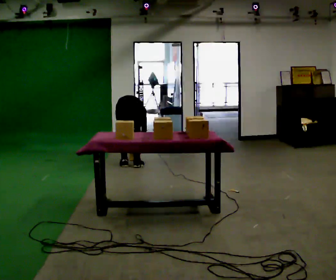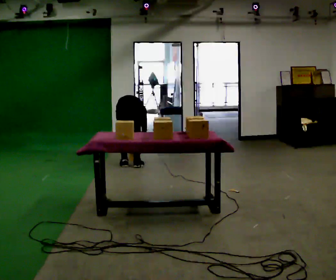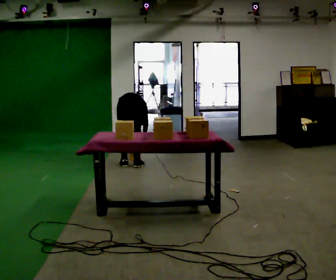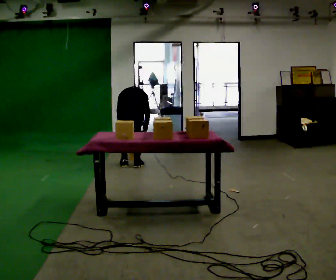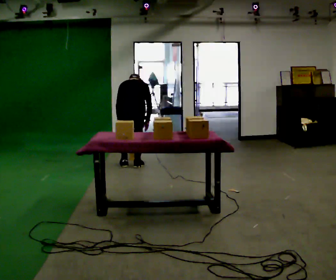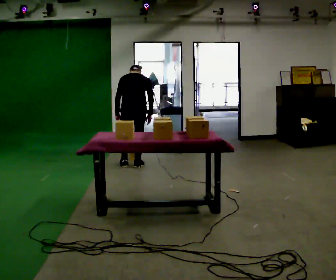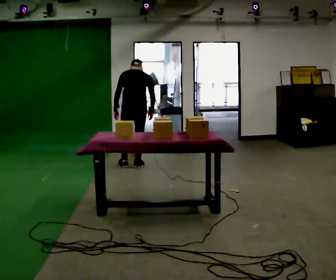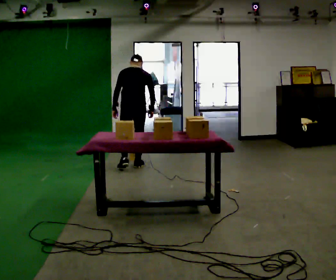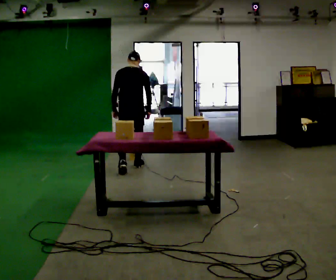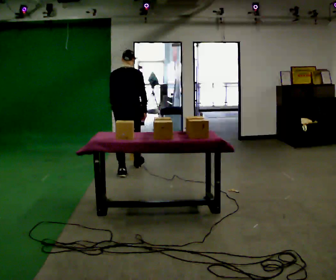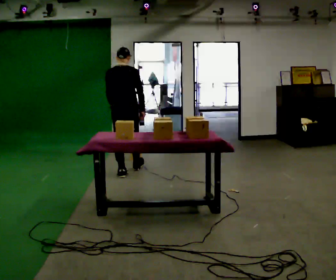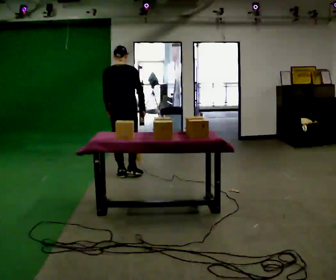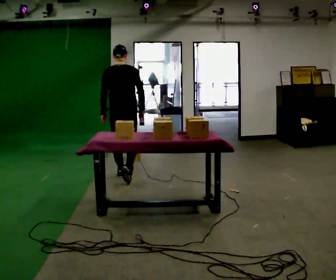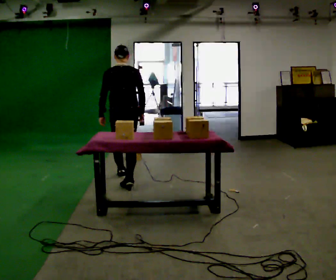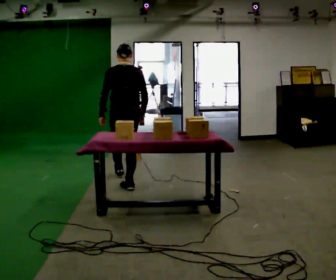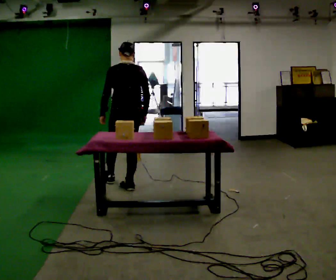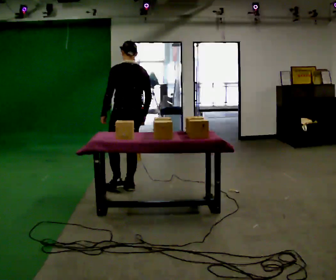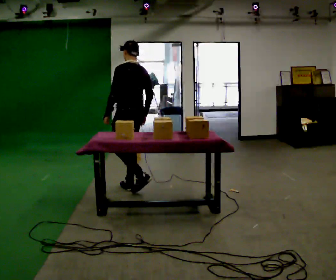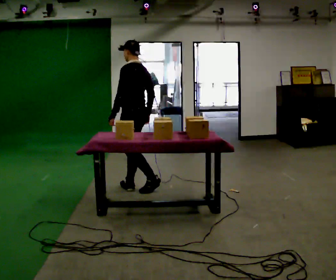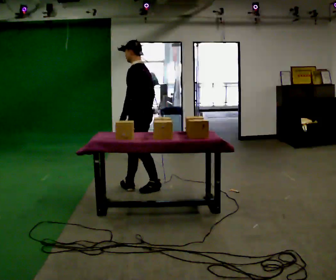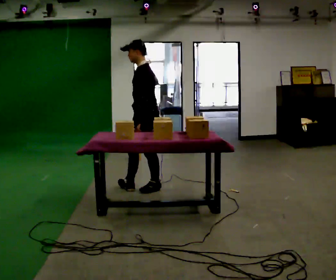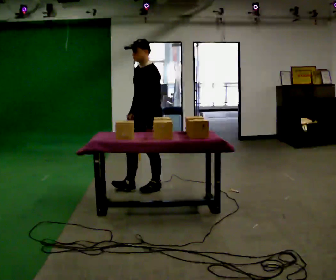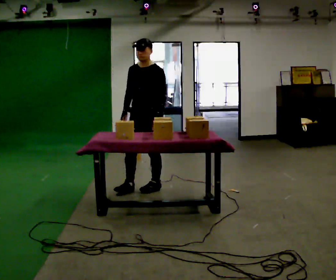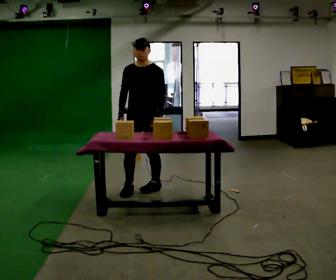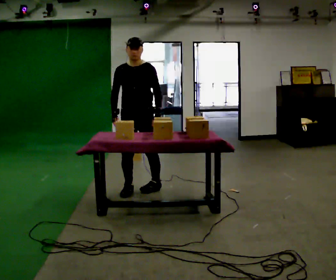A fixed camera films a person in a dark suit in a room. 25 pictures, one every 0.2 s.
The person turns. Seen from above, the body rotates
counterclockwise.
The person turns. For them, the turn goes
to their left.
0.0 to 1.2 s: The shoulders move upward. The upper body tips toward the camera, its near side rolling downward, as they lean back or straighten. In the picture their left hand goes upward.
1.2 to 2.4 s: In the picture they go toward the camera, about 0.5 m in 1 step, which for them is backward. The upper body tips toward the camera, its near side rolling downward, as they lean back or straighten.
2.4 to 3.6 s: The part of the body nearest the lens slides to the right as the person turns to their left by about 75 degrees. In the picture they go toward the camera, about 0.5 m in 1 step.
3.6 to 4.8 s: Seen from above the body turns counterclockwise, about 105 degrees: to their left, with its near side sliding to the right. In the picture their left hand goes to the right, the arm swinging counterclockwise.
The film runs backward here.
